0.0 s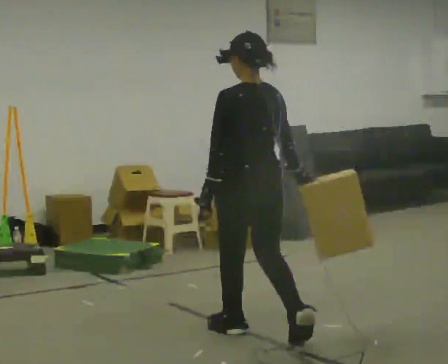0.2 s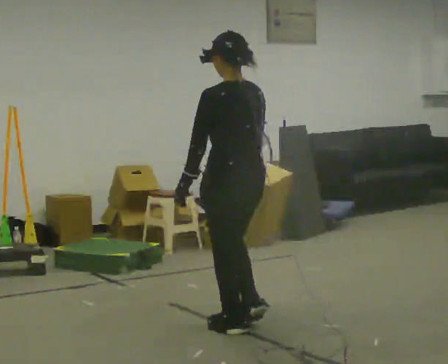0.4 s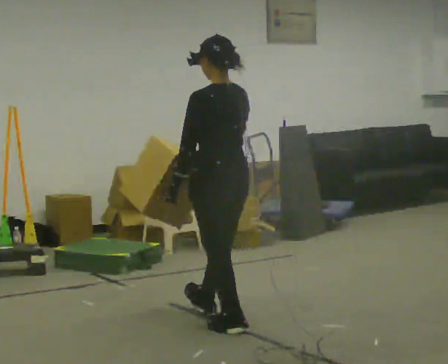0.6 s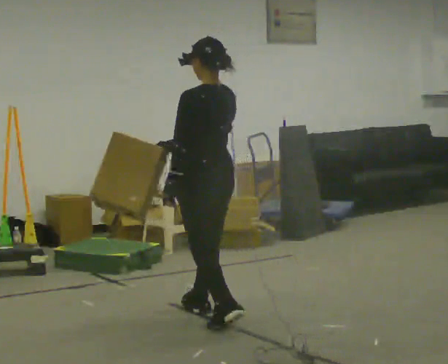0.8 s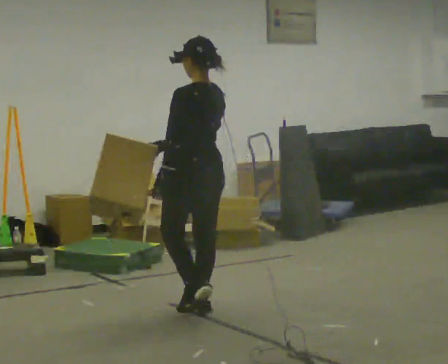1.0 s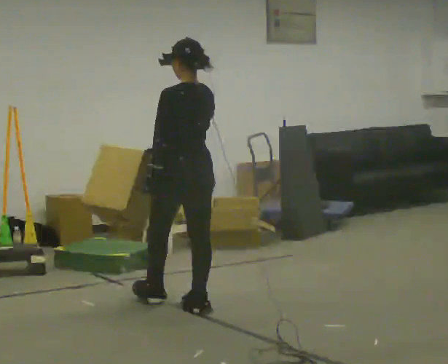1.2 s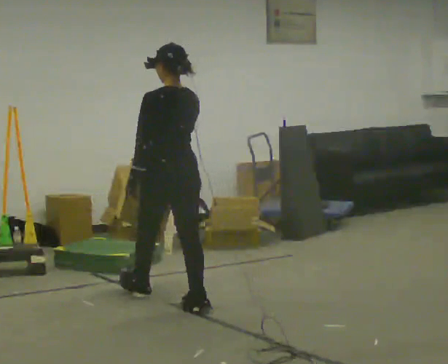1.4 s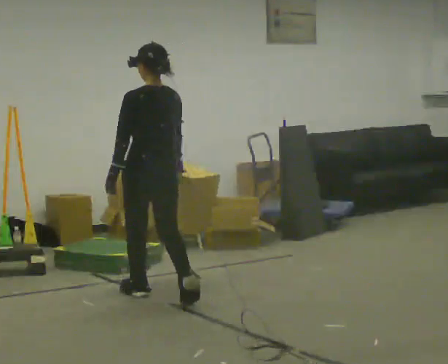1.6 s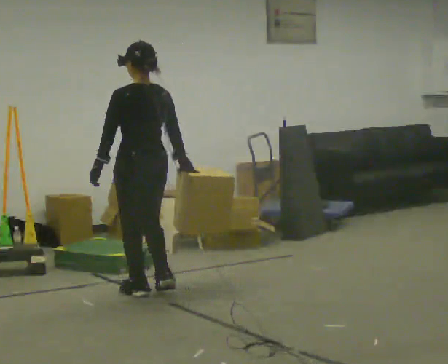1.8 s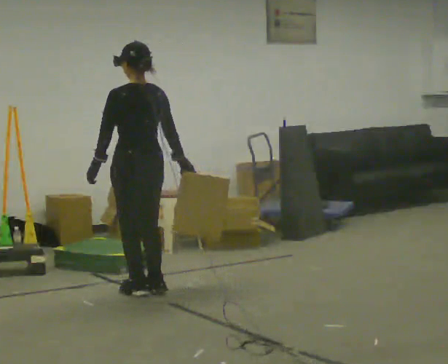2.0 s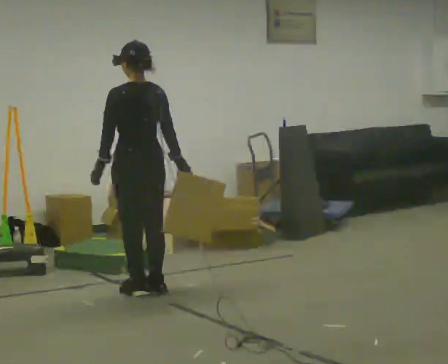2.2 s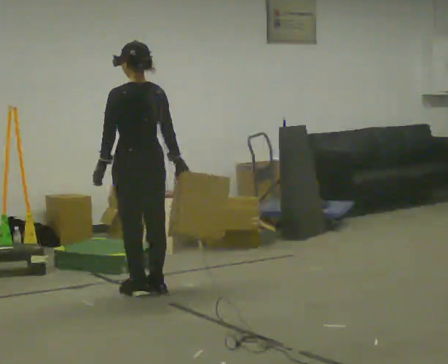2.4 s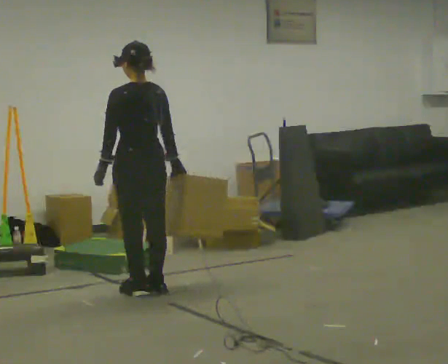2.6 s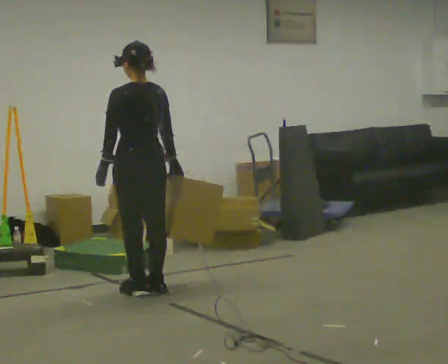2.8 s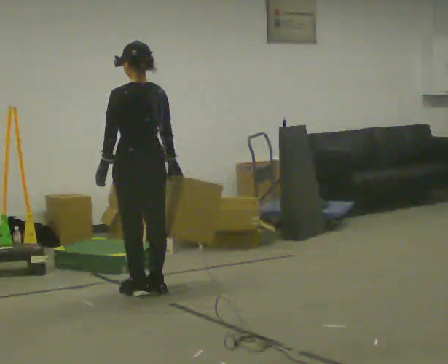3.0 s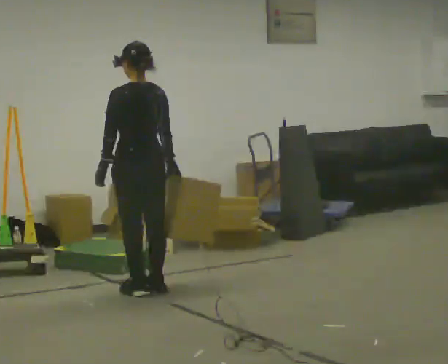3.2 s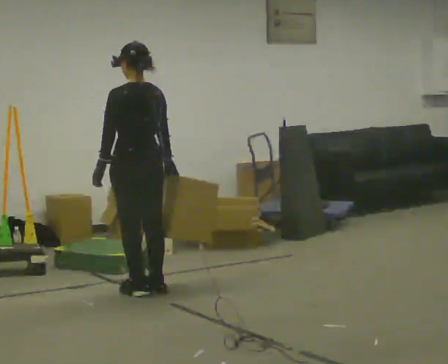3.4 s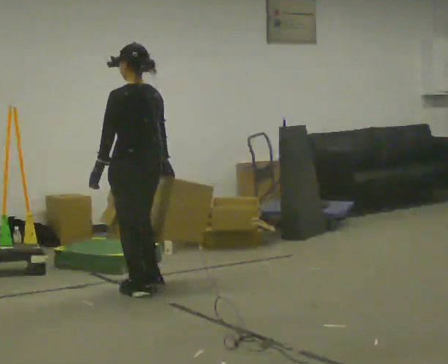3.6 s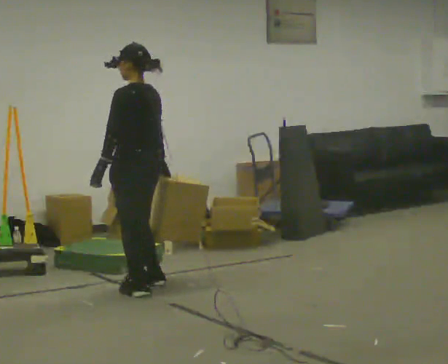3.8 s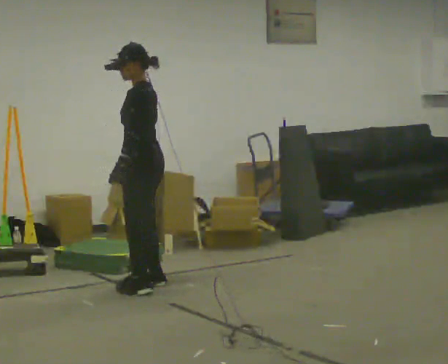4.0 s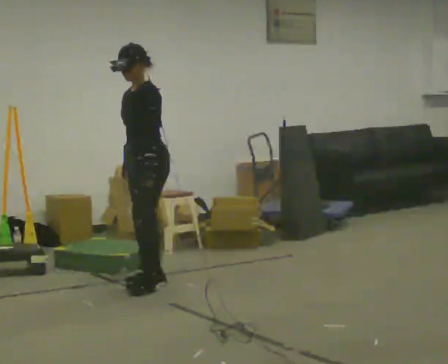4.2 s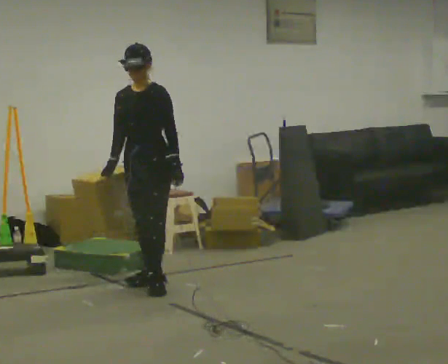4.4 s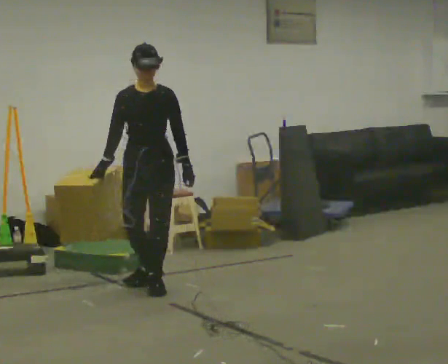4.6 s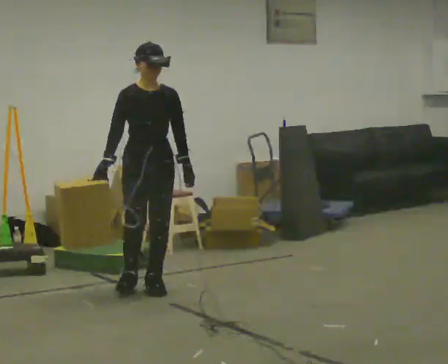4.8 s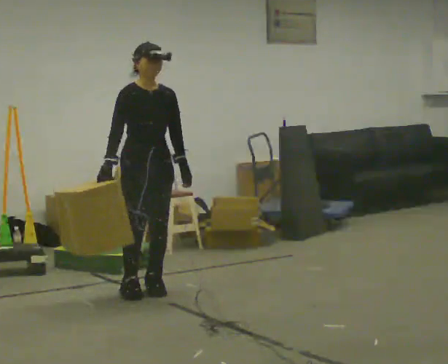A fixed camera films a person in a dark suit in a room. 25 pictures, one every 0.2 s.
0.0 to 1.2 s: In the picture they go away from the camera and to the left, about 1 m in 2 steps, which for them is forward.
1.2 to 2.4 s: In the picture they go away from the camera and to the left, about 0.25 m in 1 step, which for them is forward.
2.4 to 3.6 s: The person turns about 45 degrees to their left, counterclockwise seen from above, so the part of the body nearest the lens slides to the right.
3.6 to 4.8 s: The person turns about 135 degrees to their left, counterclockwise seen from above, so the part of the body nearest the lens slides to the right. In the picture their right hand goes to the left.
The film runs forward here.
